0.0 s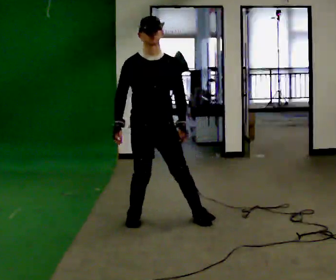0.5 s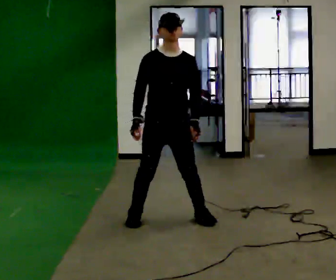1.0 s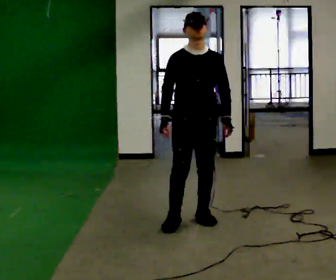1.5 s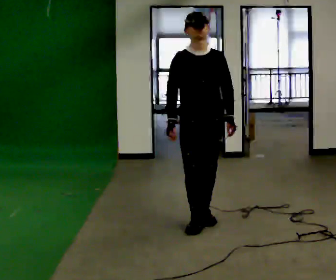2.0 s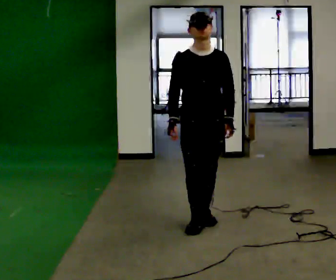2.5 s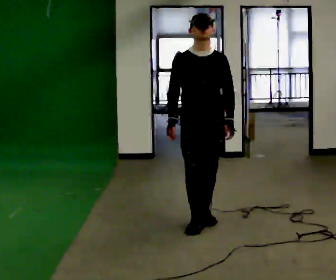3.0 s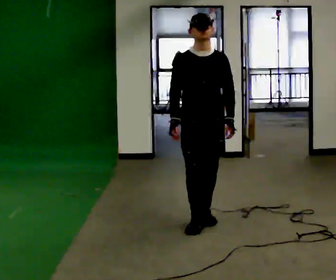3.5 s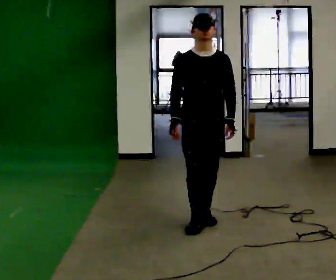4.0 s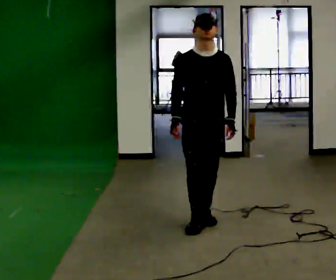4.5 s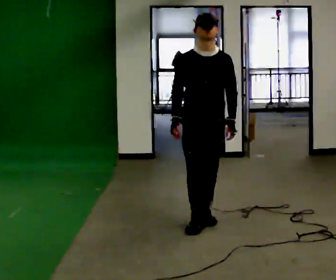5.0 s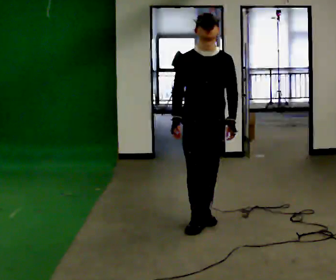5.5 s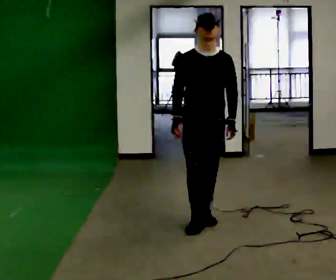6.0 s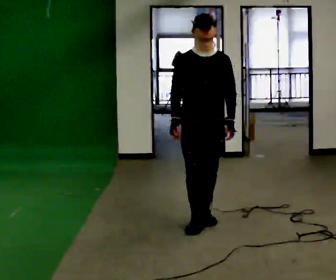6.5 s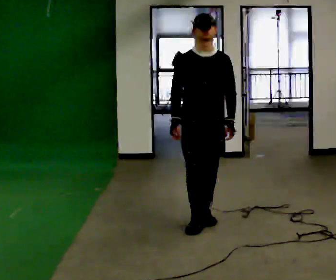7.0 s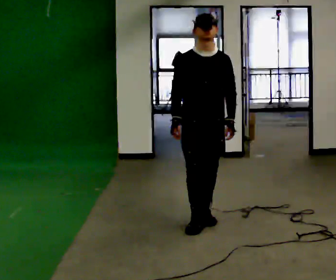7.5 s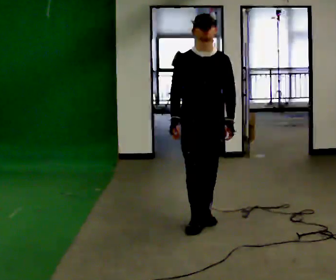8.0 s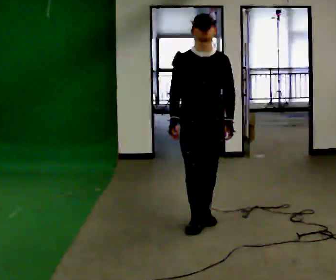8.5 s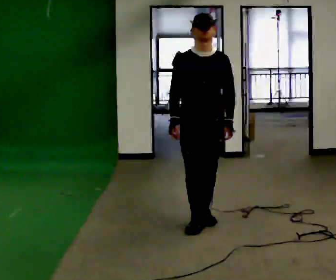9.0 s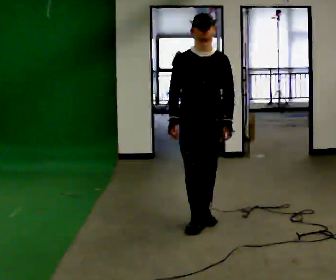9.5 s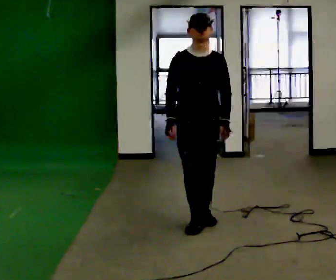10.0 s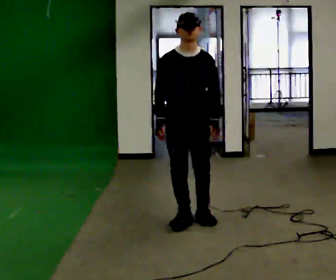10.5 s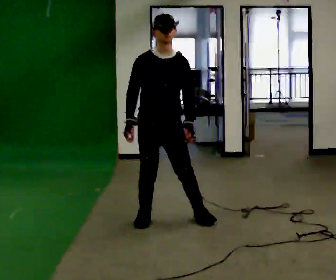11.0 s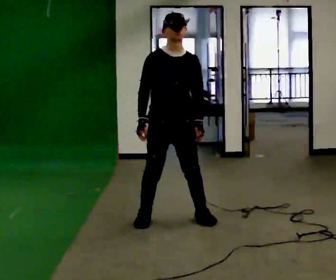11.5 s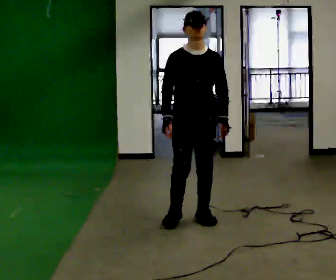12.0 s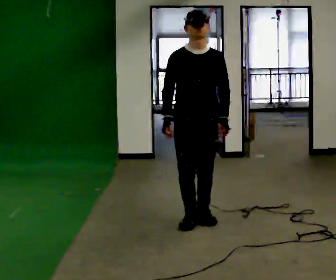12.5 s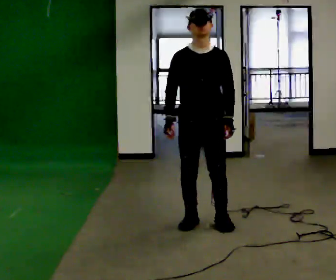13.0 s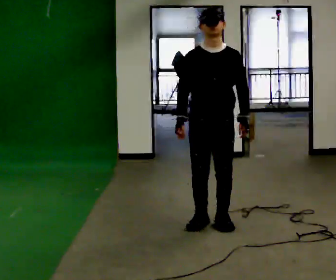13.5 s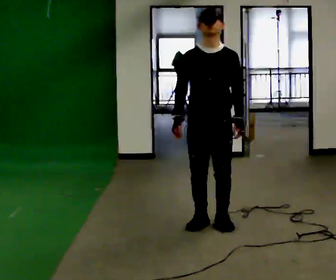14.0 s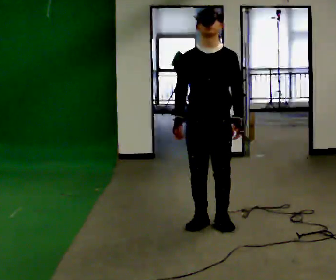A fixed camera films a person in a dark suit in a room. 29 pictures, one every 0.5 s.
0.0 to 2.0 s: In the picture they go to the right, about 0.5 m in 1 step, which for them is to their left.
2.0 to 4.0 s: The person moves a little, or ends about where they began.
4.0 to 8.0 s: The person keeps their place and pose.
8.0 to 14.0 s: In the picture they go toward the camera, about 0.25 m in 3 steps, which for them is forward.
The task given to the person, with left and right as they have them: Stand with one foot directly in front of the other, heel to toe, on the marked line. Hold your balance until you lose it, then step out. Repeat at your own pace until the operator says stop. Go slowly and only as far as you are comfortable. Step whenever you need to; do not try to hold on longer than feels safe.
The film runs forward here.
